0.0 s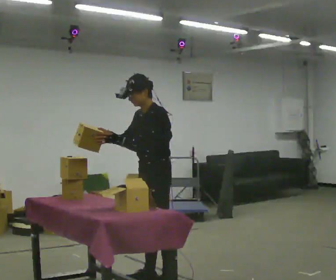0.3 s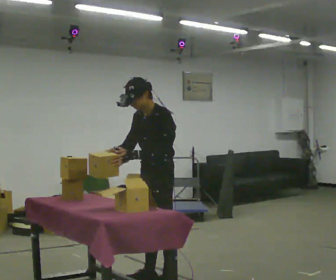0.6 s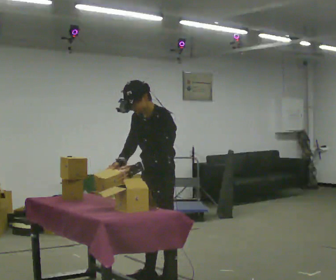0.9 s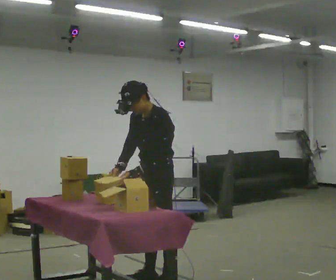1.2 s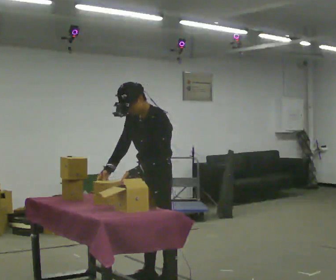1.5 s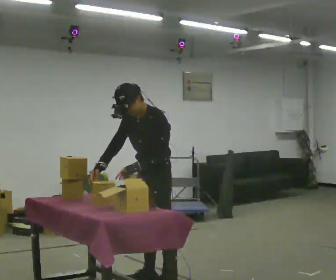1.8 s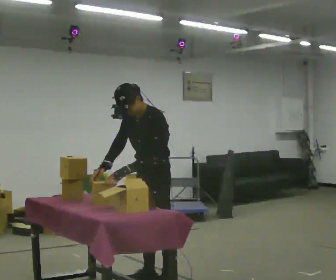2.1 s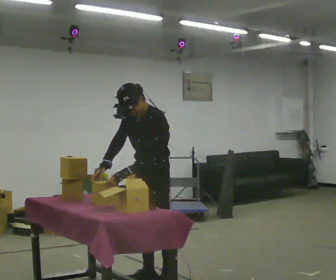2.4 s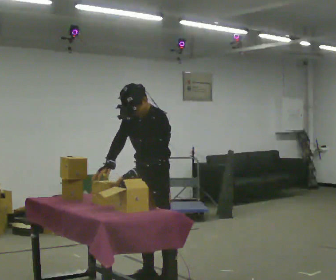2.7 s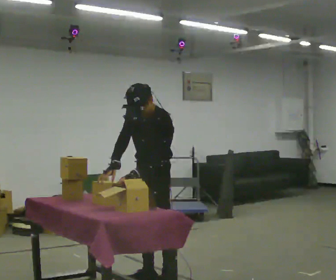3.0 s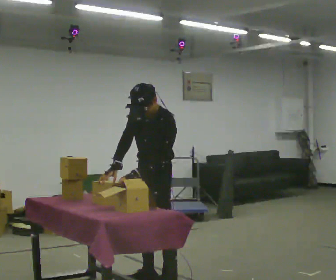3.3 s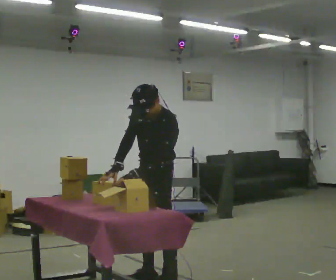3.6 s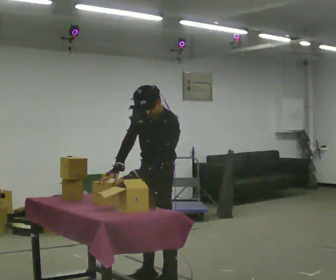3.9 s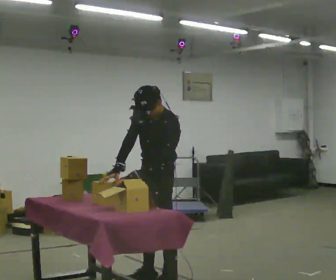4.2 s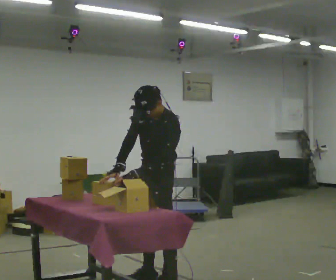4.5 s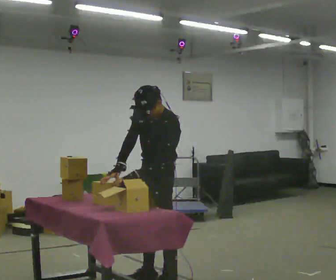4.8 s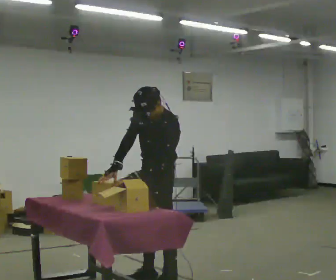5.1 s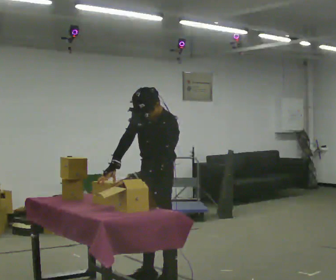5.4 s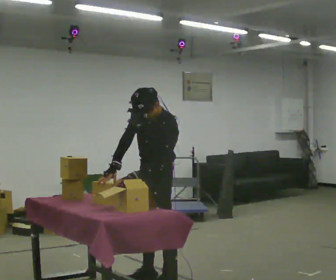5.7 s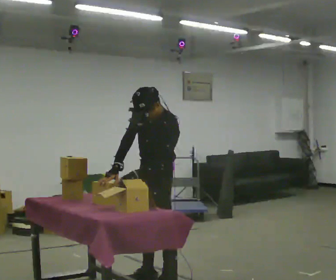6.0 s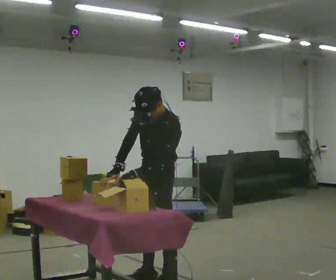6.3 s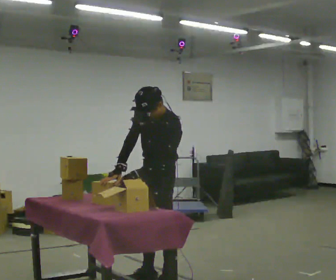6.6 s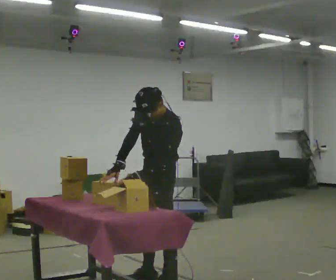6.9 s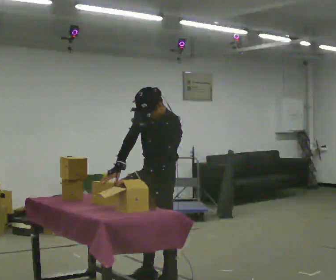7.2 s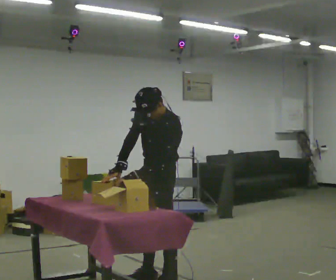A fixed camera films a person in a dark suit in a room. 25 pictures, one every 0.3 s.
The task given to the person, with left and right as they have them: Take the stacked item apart piece by piece on the table, then put it back together. Repeat at your own pace until the operator says stop. Keep both feet on the marked spots for the whole take. If you have to step, stop and tell the operator.
0.0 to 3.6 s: The upper body tips toward the camera, its near side rolling downward.
3.6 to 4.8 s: The person keeps their place and pose.
4.8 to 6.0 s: The person moves a little, or ends about where they began.
6.0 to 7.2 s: The person keeps their place and pose.
The film runs forward here.
